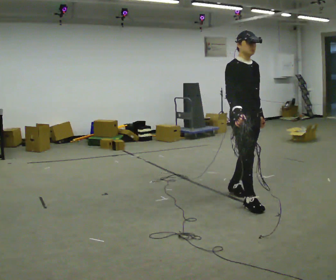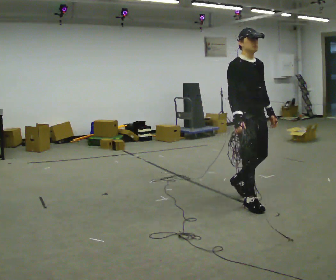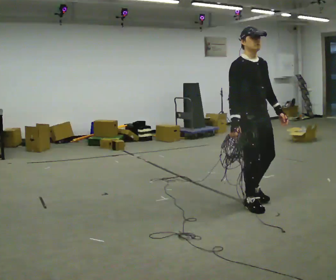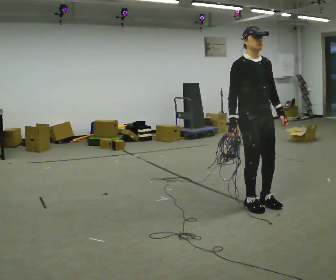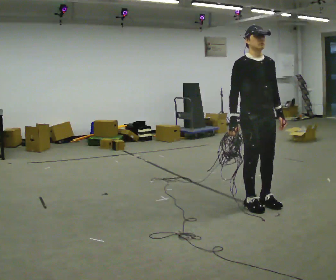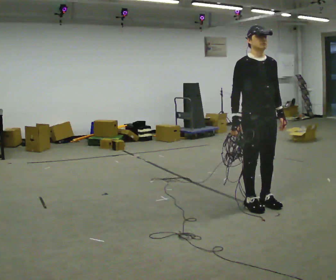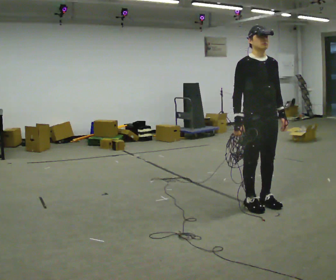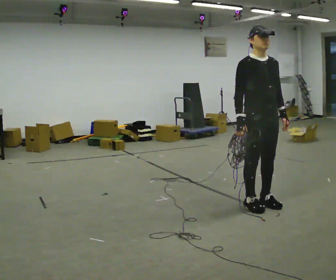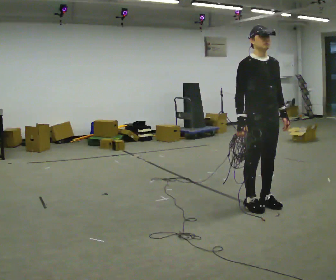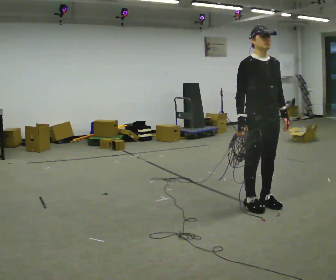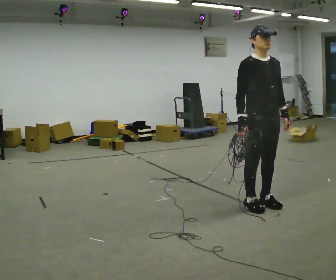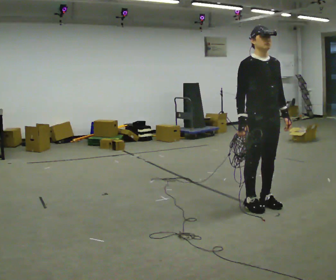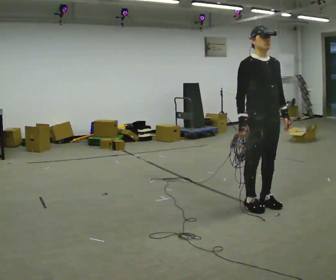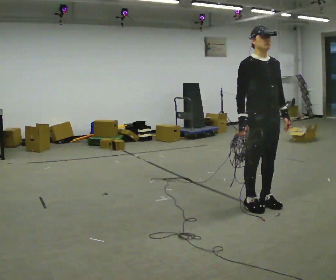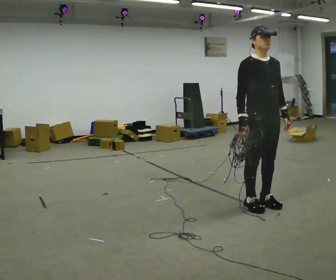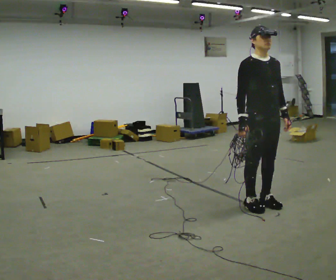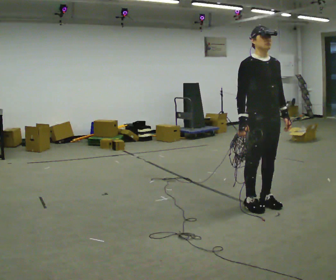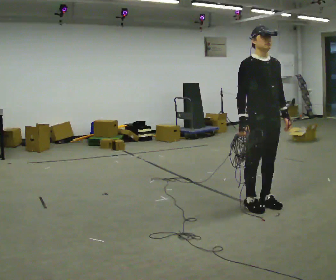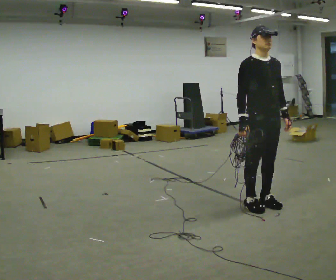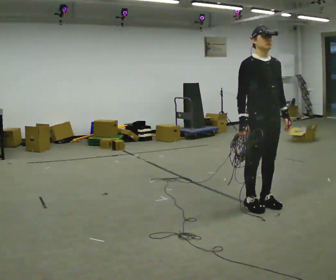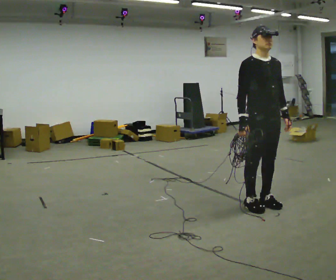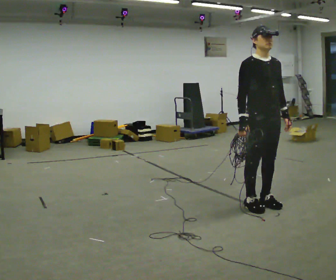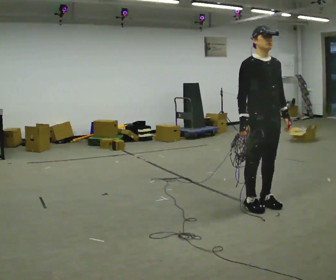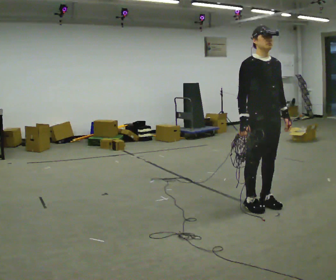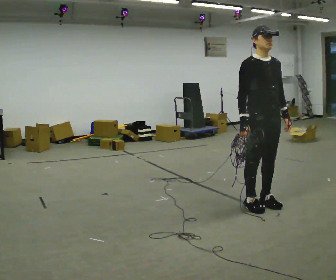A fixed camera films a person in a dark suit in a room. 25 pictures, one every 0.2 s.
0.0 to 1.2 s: In the picture they go to the right and toward the camera, about 0.25 m in 1 step, which for them is forward.
1.2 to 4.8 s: The person moves a little, or ends about where they began.
The film runs forward here.
